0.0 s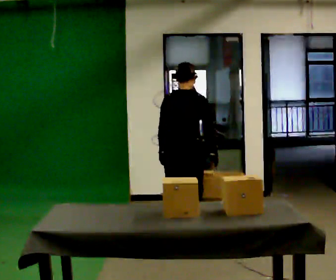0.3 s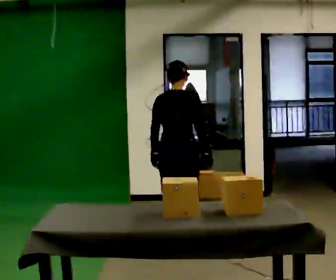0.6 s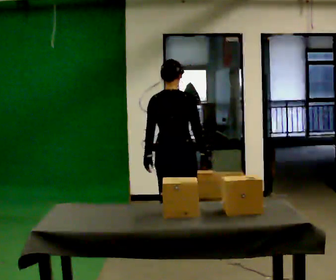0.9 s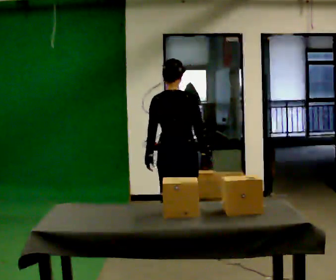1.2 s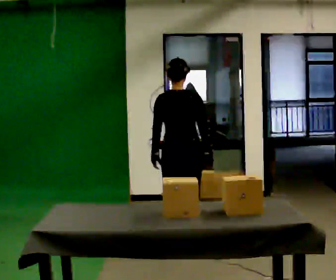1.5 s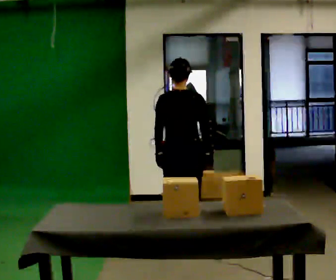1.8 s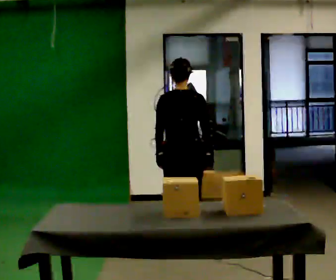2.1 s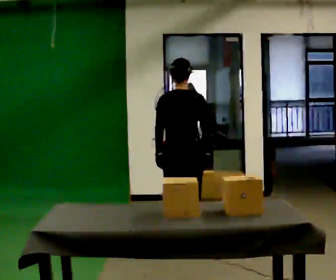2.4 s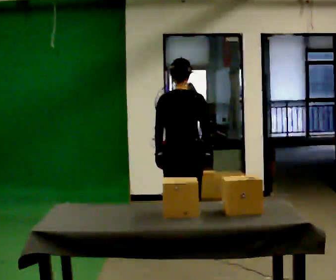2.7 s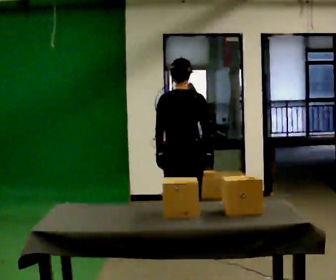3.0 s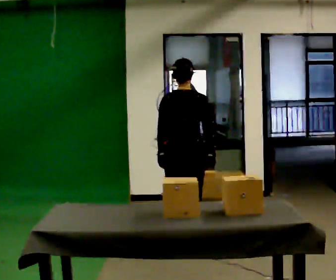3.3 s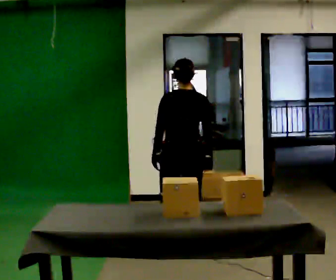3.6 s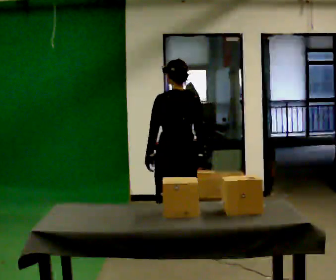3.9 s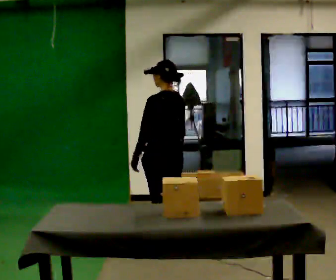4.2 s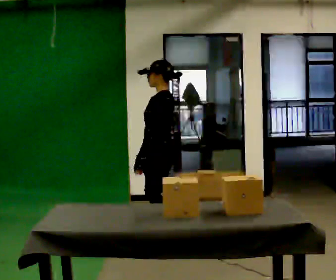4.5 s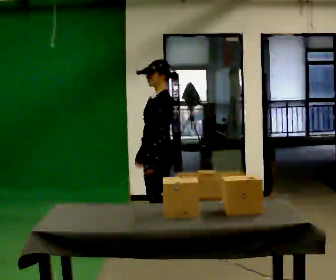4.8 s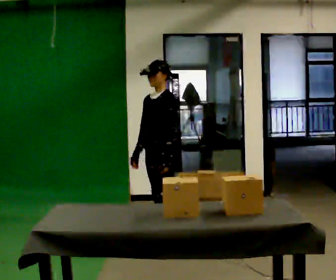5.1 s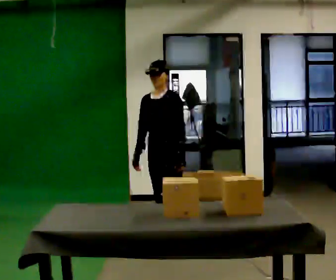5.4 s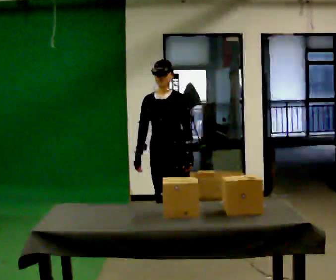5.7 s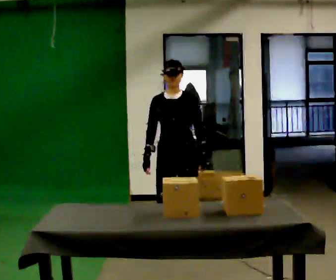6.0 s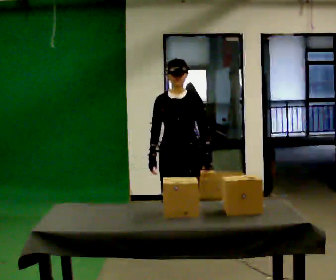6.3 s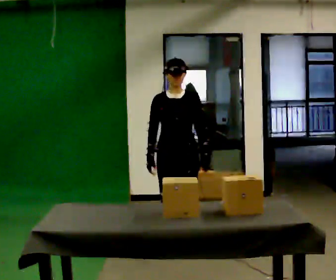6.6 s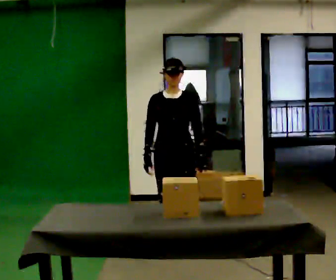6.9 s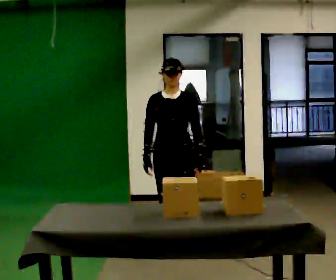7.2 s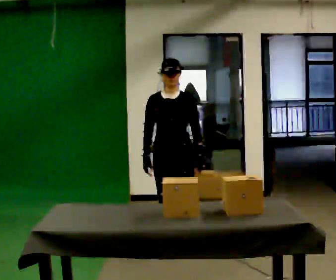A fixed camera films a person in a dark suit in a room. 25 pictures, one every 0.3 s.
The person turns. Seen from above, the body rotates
counterclockwise.
The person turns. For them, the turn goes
to their left.
0.0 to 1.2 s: The person moves a little, or ends about where they began.
1.2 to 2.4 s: The person keeps their place and pose.
2.4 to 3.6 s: The part of the body nearest the lens slides to the right as the person turns to their left by about 30 degrees.
3.6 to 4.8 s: The person turns about 105 degrees to their left, counterclockwise seen from above, so the part of the body nearest the lens slides to the right. In the picture they go away from the camera, about 0.25 m in 1 step.
4.8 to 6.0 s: Seen from above the body turns counterclockwise, about 45 degrees: to their left, with its near side sliding to the right. In the picture they go toward the camera, about 0.25 m, which for them is to their left and forward.
6.0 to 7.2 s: The person moves a little, or ends about where they began.
The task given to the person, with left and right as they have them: Take the objects the operator names off the crowded shelf, one at a time, and carry each one to the table. You will have to move other things out of the way to reach them. Keep going until the operator says stop; one object at a time, and do not rush between trips.
The film runs forward here.
